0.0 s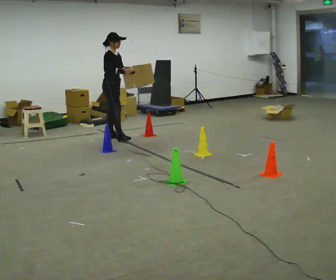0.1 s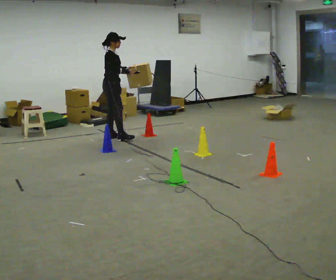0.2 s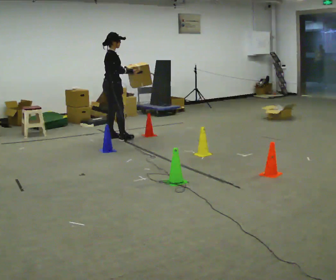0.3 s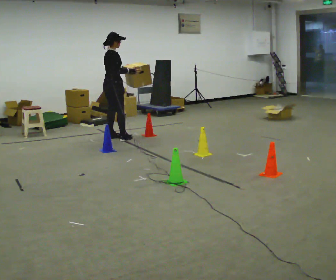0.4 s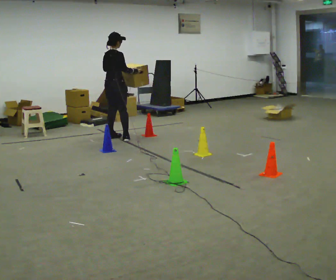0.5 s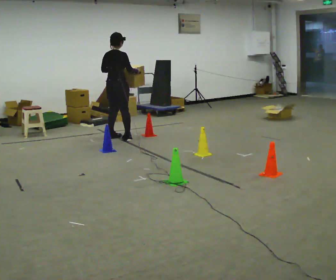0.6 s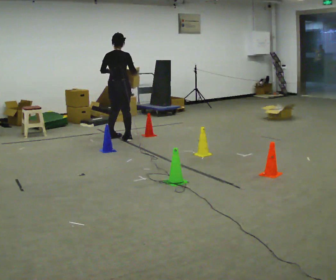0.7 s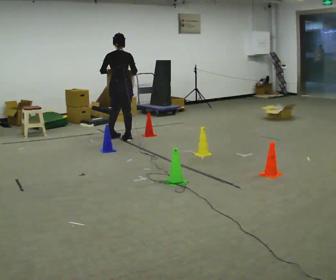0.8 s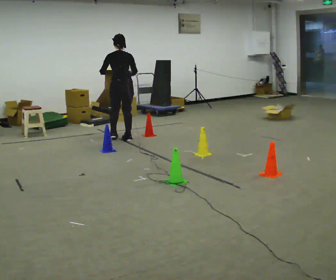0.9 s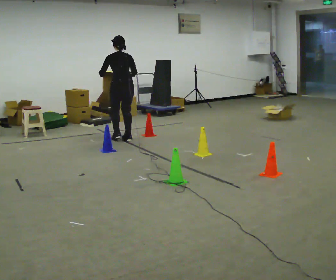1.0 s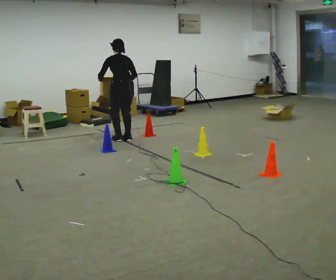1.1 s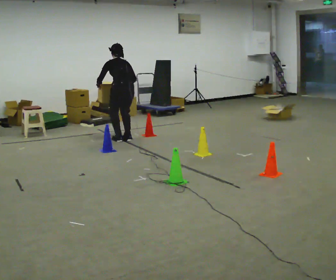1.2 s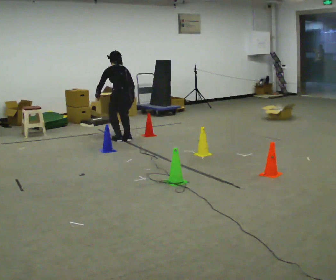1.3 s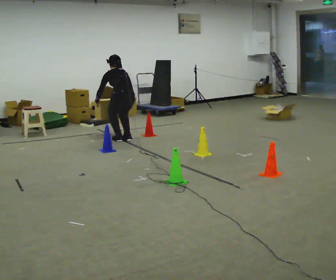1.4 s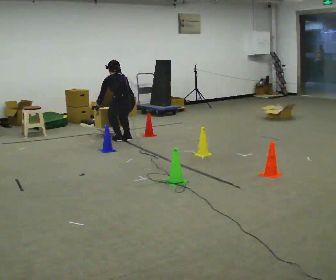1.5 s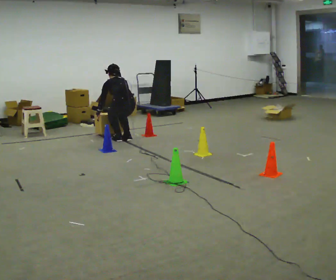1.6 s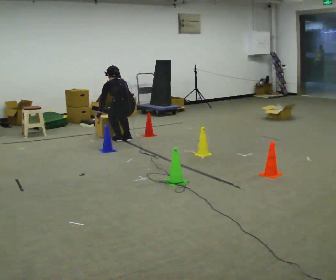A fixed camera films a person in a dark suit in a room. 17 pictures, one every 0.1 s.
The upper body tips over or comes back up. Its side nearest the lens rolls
upward.
The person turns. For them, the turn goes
to their left.
0.0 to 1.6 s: Seen from above the body turns counterclockwise, about 135 degrees: to their left, with its near side sliding to the right. In the picture they go to the right and toward the camera, about 0.25 m in 1 step. The shoulders move downward. The upper body tips away from the camera, its near side rolling upward, as they bend forward. In the picture their left hand goes downward.
The film runs backward here.
